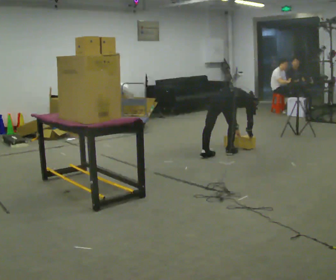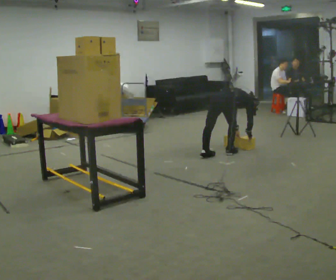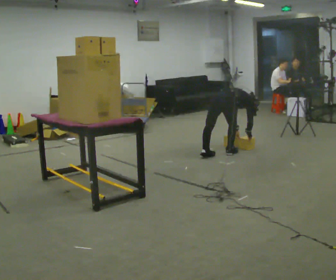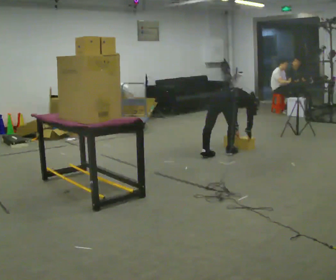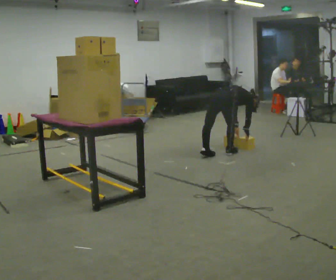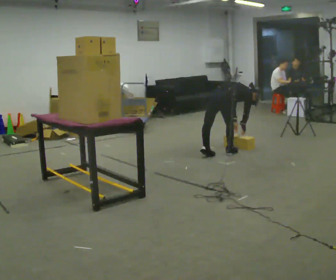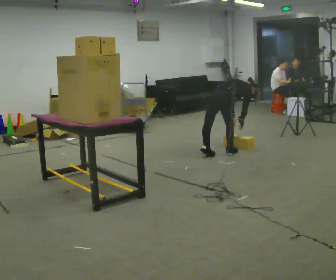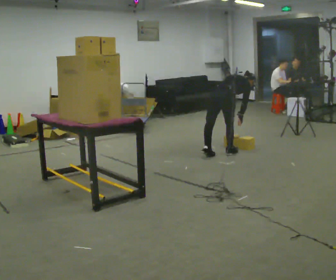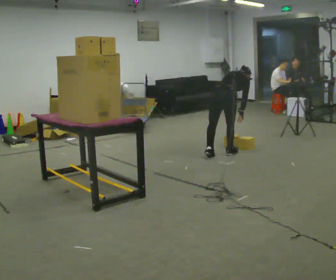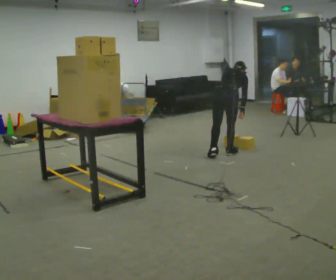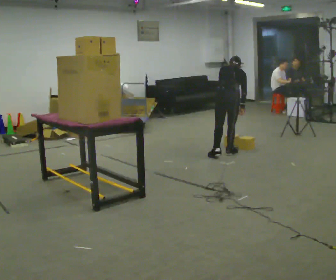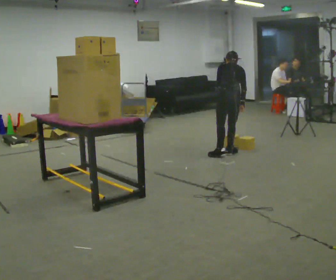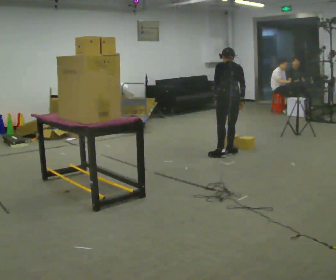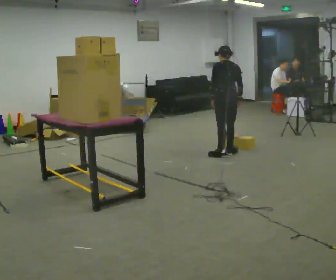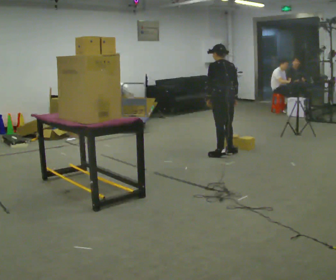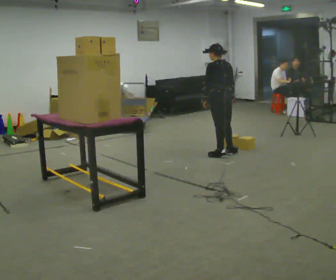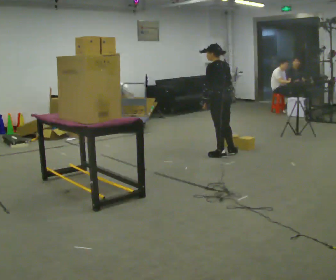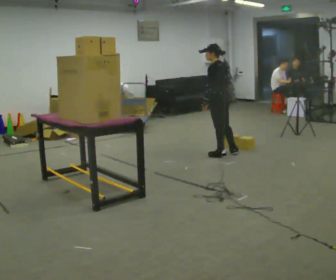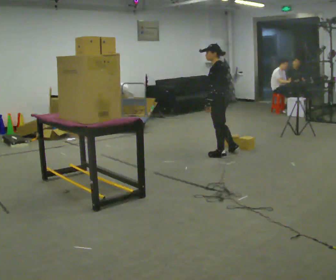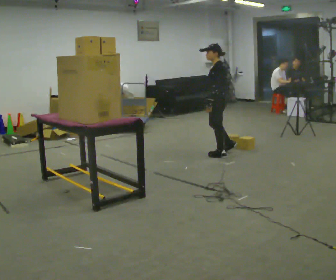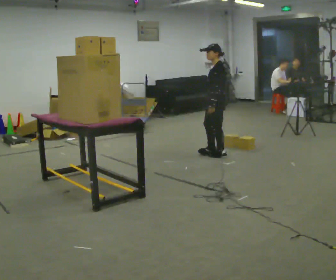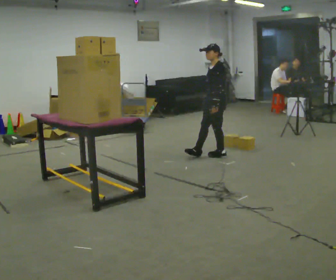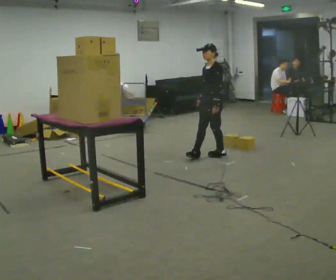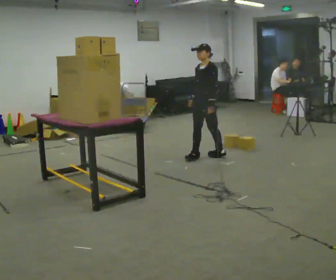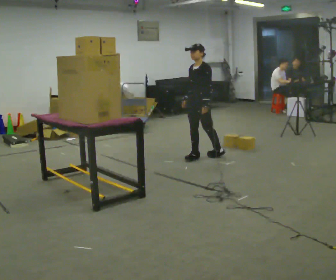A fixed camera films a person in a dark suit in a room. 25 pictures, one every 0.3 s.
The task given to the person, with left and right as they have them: Take an object down from the highest shelf you can comfortably reach, carry it across the room, and set it on the floor. Keep going until the operator says stop; one object at a time, and do not rush between trips.
0.0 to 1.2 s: The person moves a little, or ends about where they began.
1.2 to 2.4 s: The shoulders move upward. In the picture the upper body tilts counterclockwise, shoulders to the left, as they lean back or straighten.
2.4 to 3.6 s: The person turns about 30 degrees to their left, counterclockwise seen from above, so the part of the body nearest the lens slides to the right. The upper body tips toward the camera, its near side rolling downward, as they lean back or straighten.
3.6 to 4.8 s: Seen from above the body turns counterclockwise, about 30 degrees: to their left, with its near side sliding to the right. The upper body tips toward the camera, its near side rolling downward, as they lean back or straighten.
4.8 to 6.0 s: The person turns about 45 degrees to their left, counterclockwise seen from above, so the part of the body nearest the lens slides to the right.
6.0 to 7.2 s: The part of the body nearest the lens slides to the right as the person turns to their left by about 45 degrees. In the picture they go to the left, about 0.25 m in 1 step, which for them is forward. In the picture their right hand goes to the left.
The film runs forward here.
